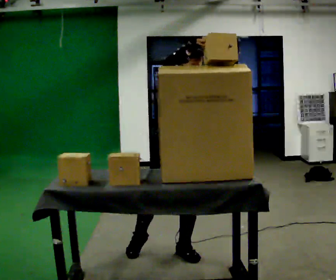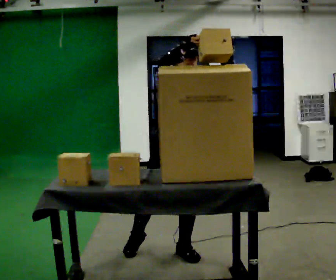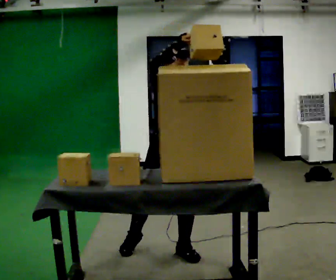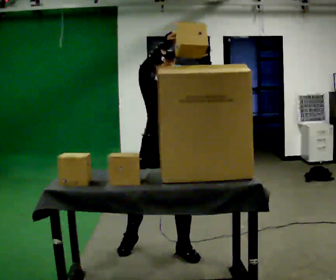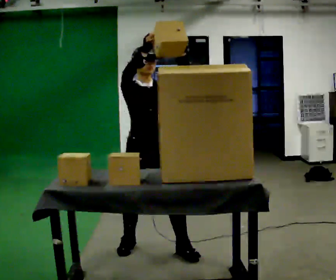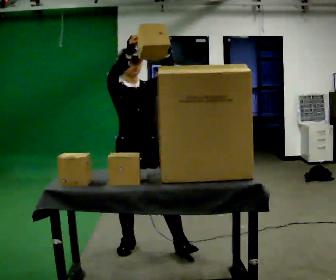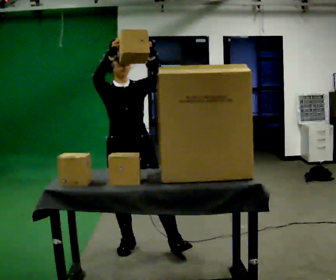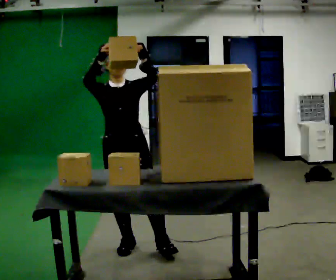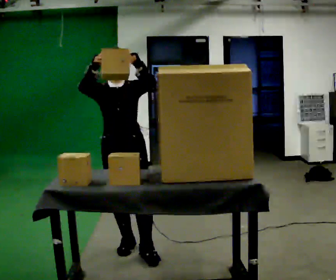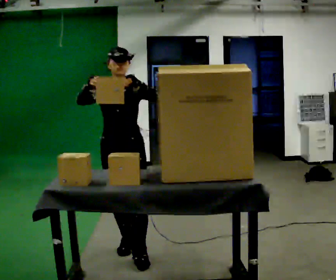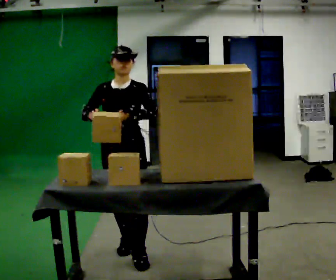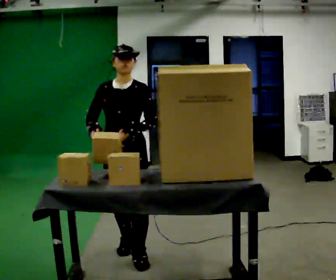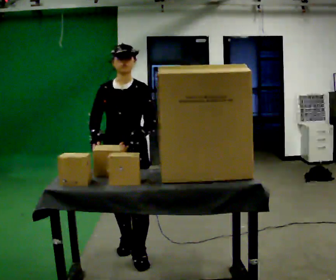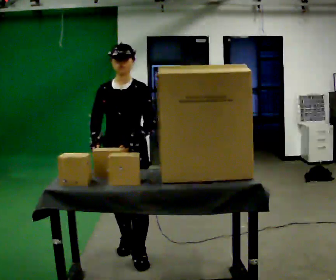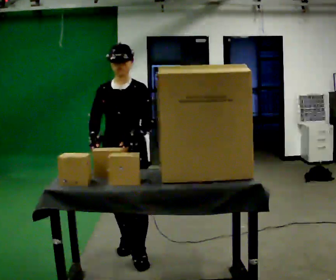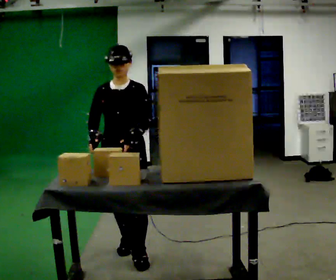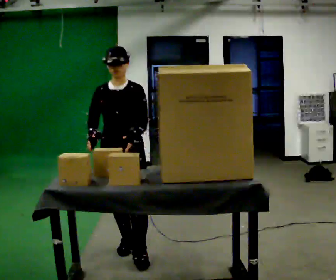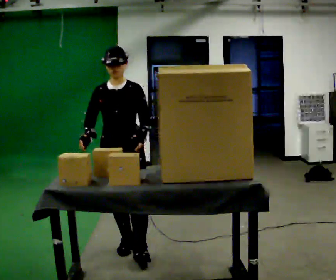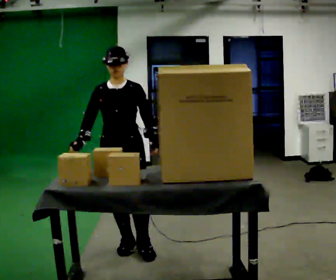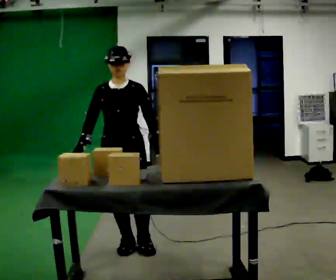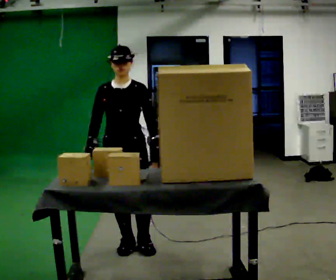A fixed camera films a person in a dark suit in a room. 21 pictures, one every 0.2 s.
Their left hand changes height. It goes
downward.
Their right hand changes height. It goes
downward.
0.0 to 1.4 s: In the picture they go to the left, about 0.5 m in 1 step, which for them is to their right and backward. In the picture the upper body tilts counterclockwise, shoulders to the left.
1.4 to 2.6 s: In the picture their right hand goes downward.
2.6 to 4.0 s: The person moves a little, or ends about where they began.
The film runs backward here.
